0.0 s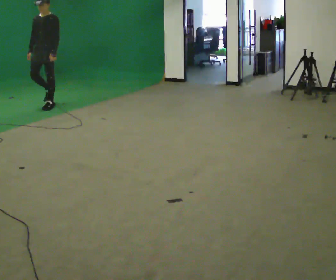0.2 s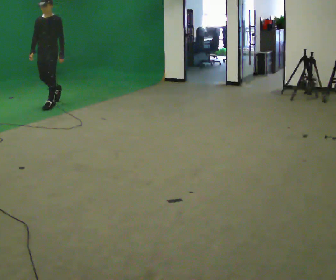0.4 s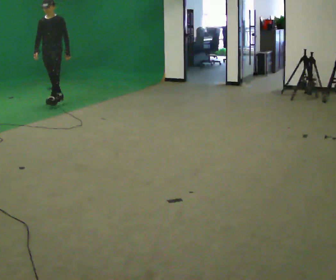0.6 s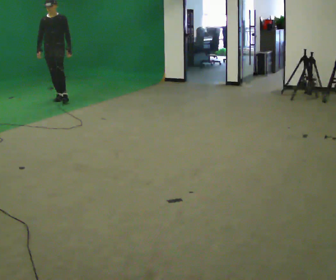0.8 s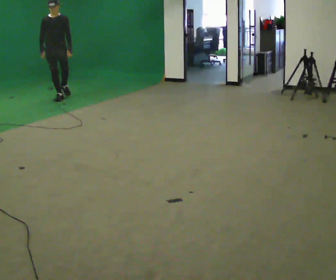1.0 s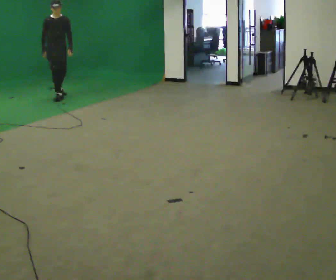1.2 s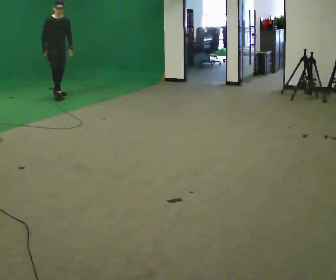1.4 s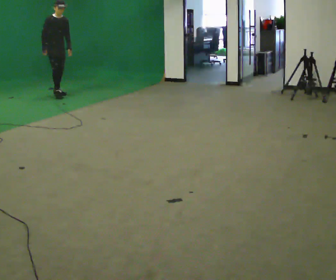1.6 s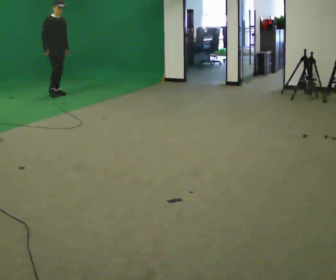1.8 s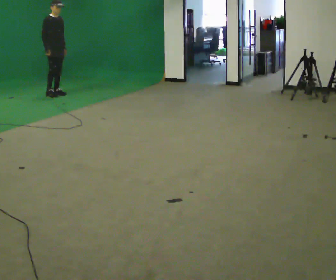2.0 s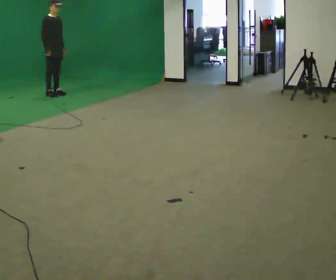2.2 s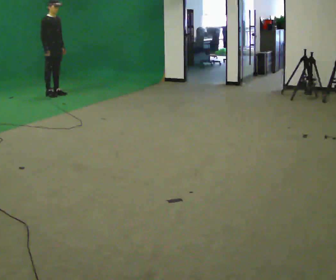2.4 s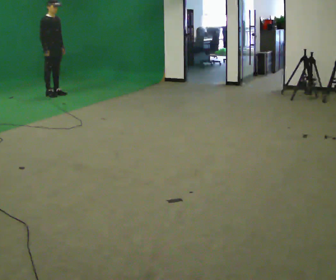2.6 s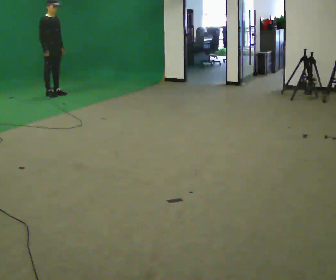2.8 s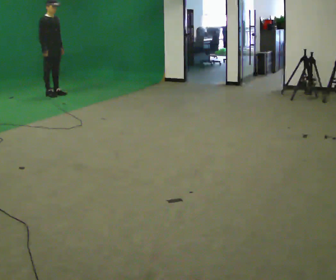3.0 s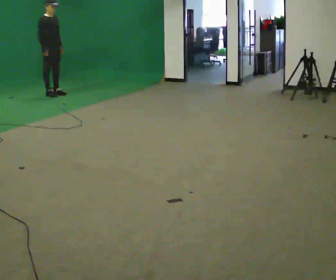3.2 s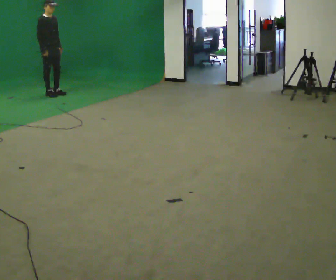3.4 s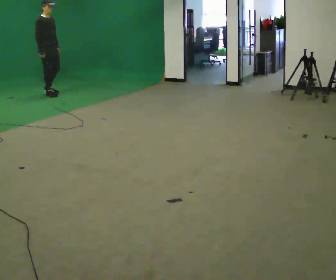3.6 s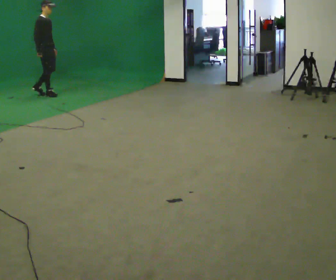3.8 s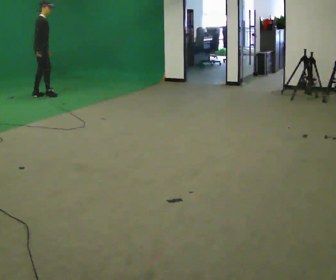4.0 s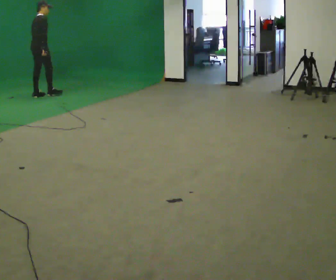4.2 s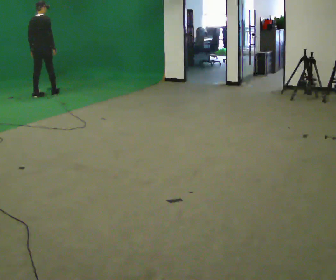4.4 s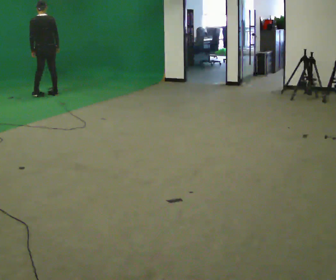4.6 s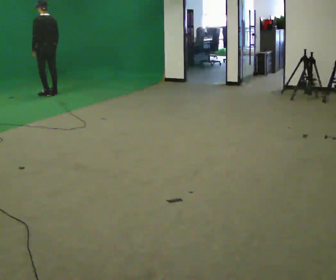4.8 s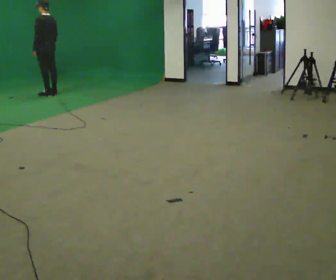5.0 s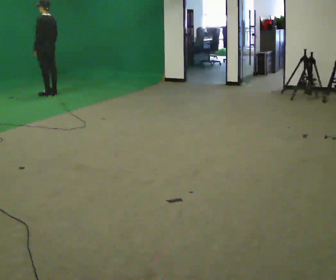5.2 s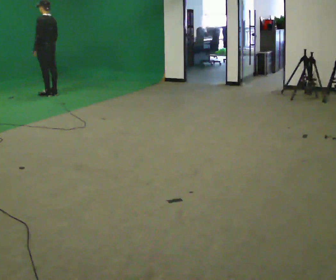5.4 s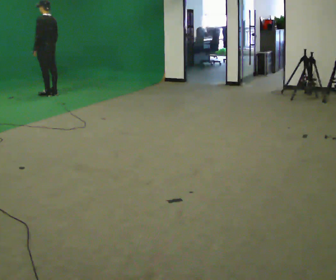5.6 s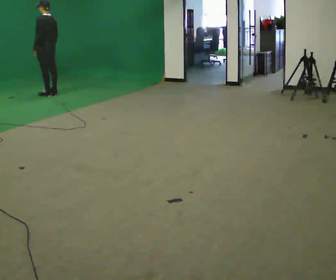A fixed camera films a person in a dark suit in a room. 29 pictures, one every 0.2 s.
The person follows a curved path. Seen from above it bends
counterclockwise.
The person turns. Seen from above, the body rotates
counterclockwise.
0.0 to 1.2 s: The person turns about 45 degrees to their left, counterclockwise seen from above, so the part of the body nearest the lens slides to the right. In the picture they go away from the camera, about 1 m in 1 step, which for them is backward.
1.2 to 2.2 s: The part of the body nearest the lens slides to the right as the person turns to their left by about 30 degrees.
2.2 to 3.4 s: The person moves a little, or ends about where they began.
3.4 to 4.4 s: The part of the body nearest the lens slides to the right as the person turns to their left by about 120 degrees.
4.4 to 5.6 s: Seen from above the body turns counterclockwise, about 60 degrees: to their left, with its near side sliding to the right.
The film runs backward here.
